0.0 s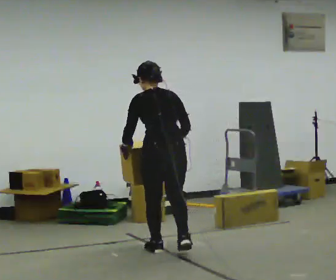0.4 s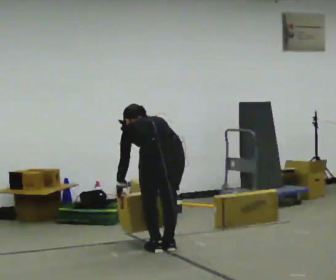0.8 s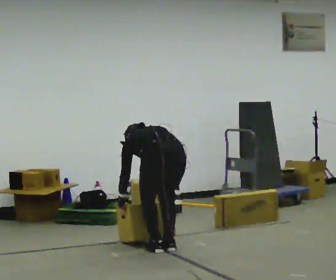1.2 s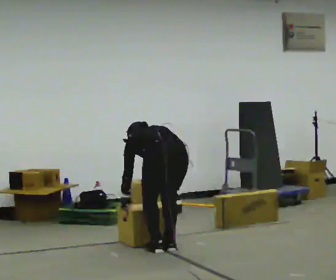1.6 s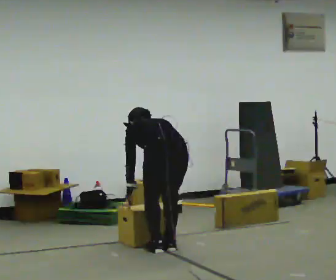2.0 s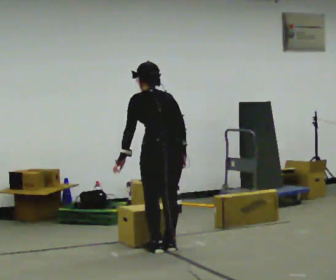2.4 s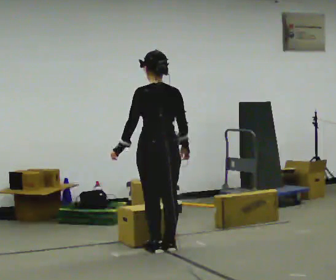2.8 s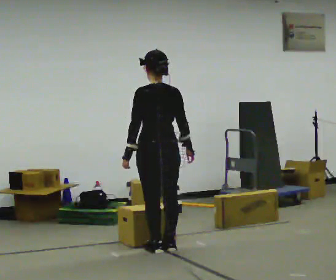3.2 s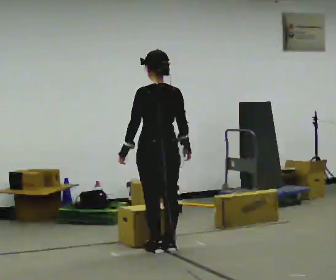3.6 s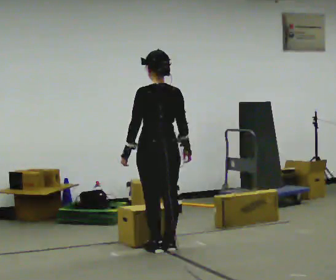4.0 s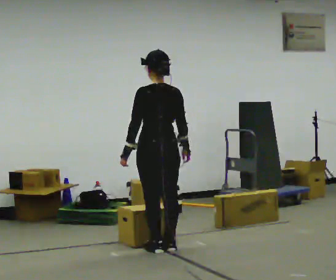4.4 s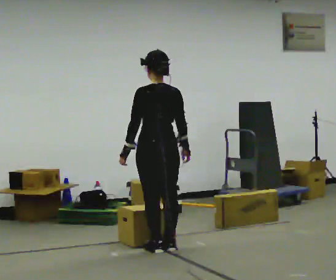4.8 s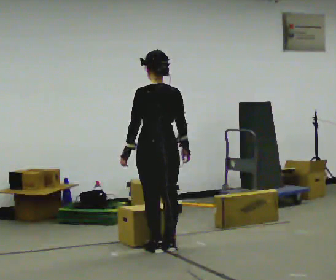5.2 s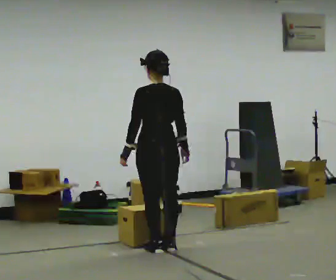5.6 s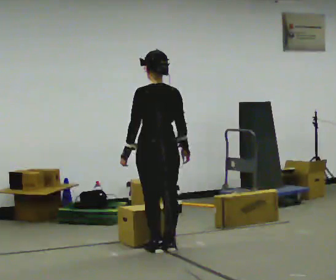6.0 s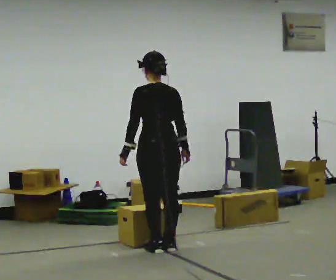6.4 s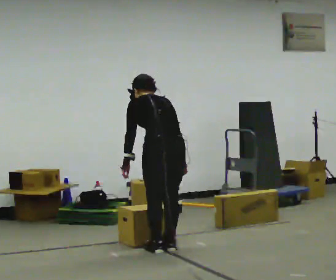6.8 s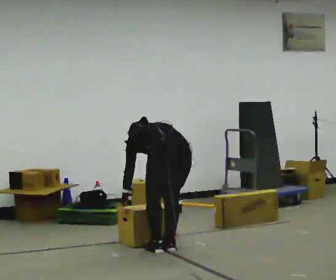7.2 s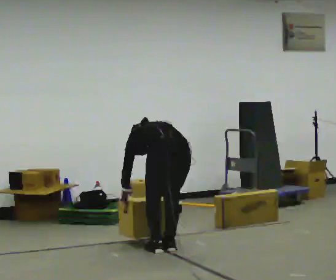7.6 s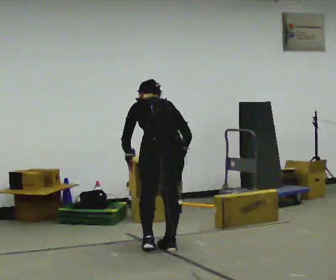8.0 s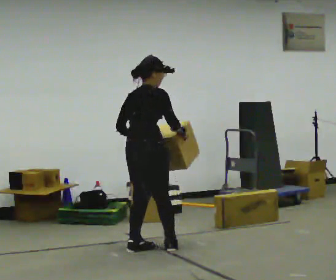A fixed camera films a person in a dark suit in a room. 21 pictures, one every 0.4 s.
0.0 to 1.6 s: The person moves a little, or ends about where they began.
1.6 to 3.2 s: In the picture they go away from the camera, about 0.25 m, which for them is forward. The shoulders move upward. The upper body tips toward the camera, its near side rolling downward, as they lean back or straighten. In the picture their left hand goes upward.
3.2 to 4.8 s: The person moves a little, or ends about where they began.
4.8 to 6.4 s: The upper body tips away from the camera, its near side rolling upward, as they bend forward.
6.4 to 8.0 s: Seen from above the body turns clockwise, about 75 degrees: to their right, with its near side sliding to the left. In the picture they go to the left, about 0.25 m in 1 step.
The film runs forward here.
